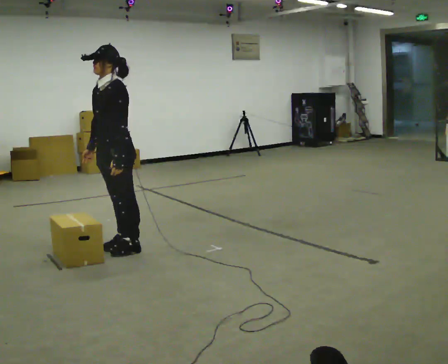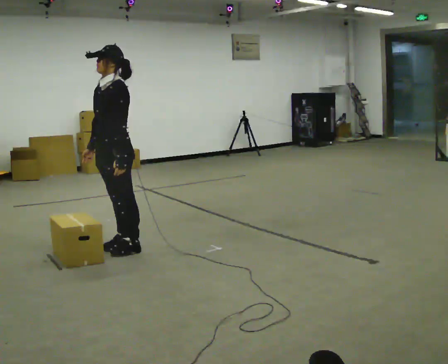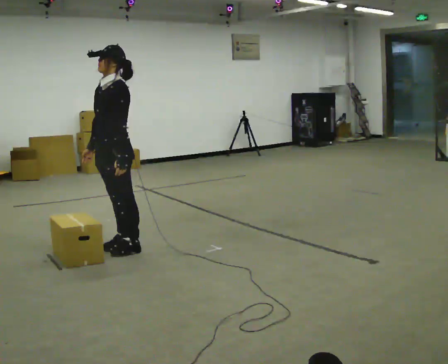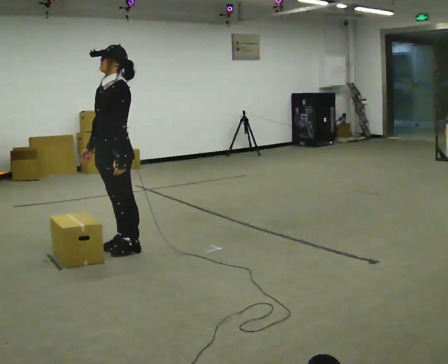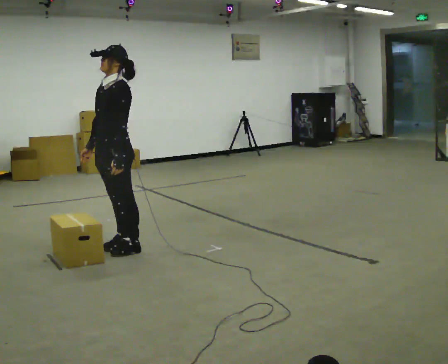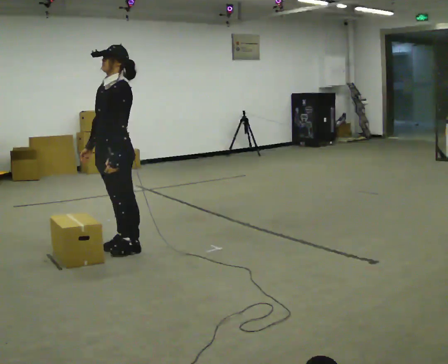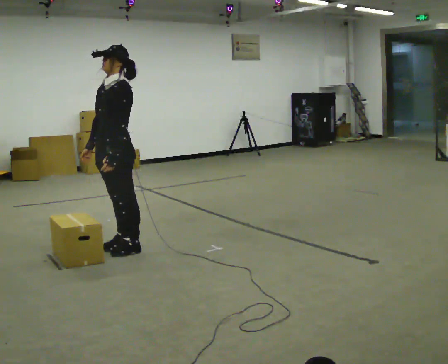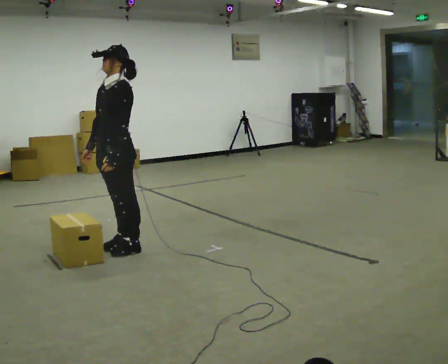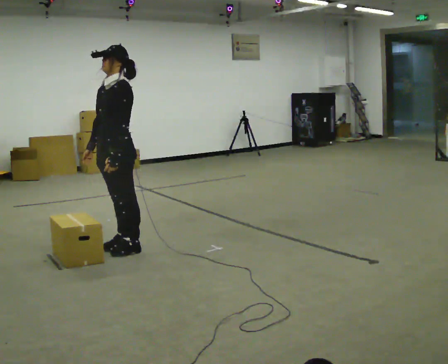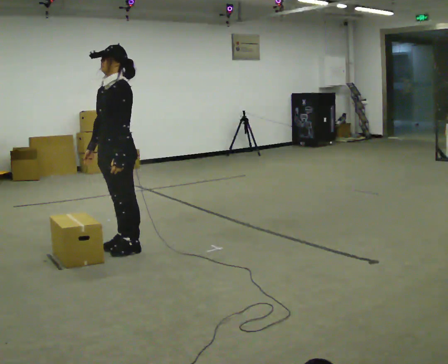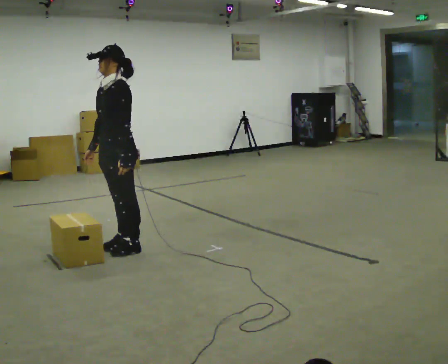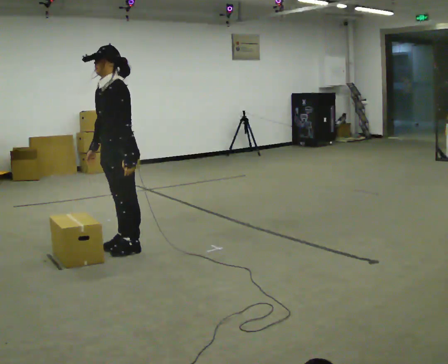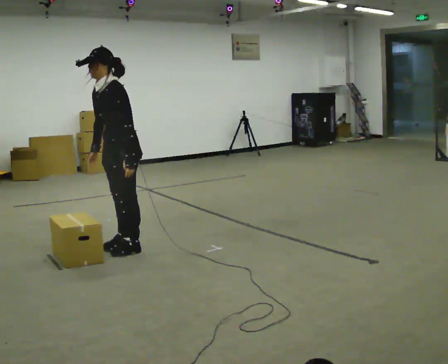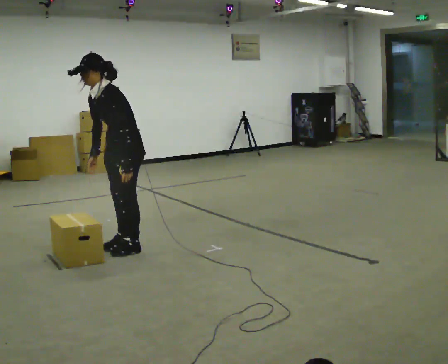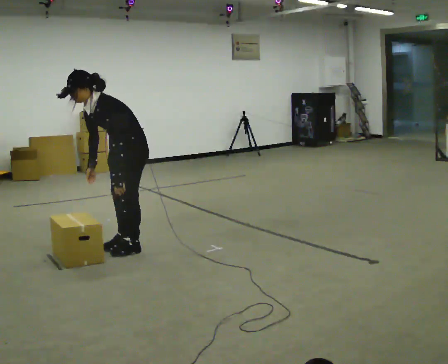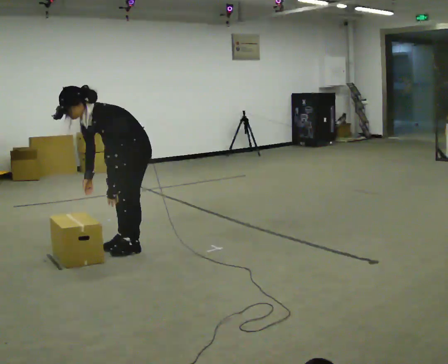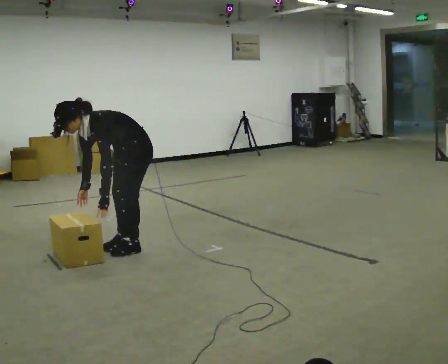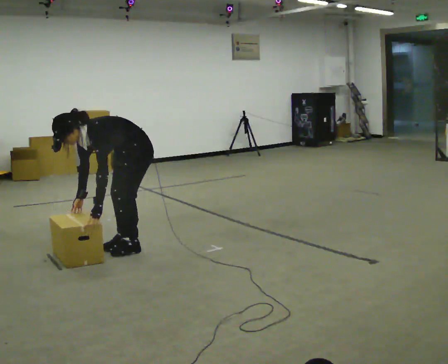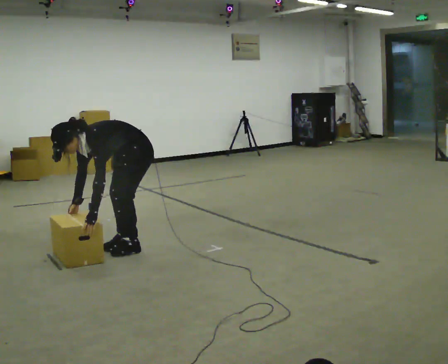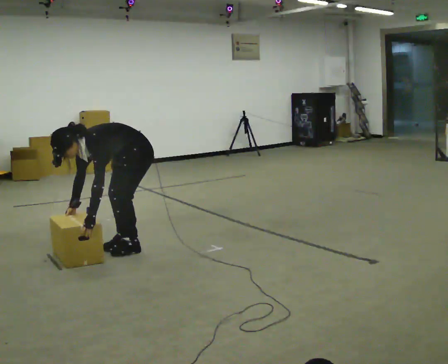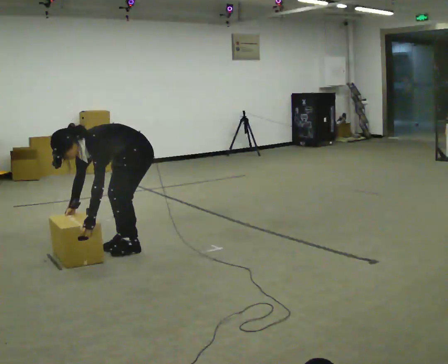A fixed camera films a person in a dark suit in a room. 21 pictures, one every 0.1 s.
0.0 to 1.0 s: The person moves a little, or ends about where they began.
1.0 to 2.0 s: The shoulders move downward. In the picture the upper body tilts counterclockwise, shoulders to the left, as they bend forward. In the picture their left hand goes downward.
The film runs backward here.
